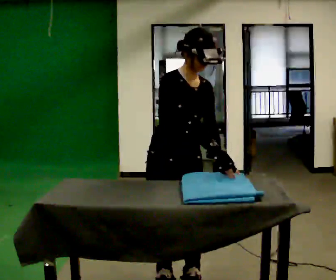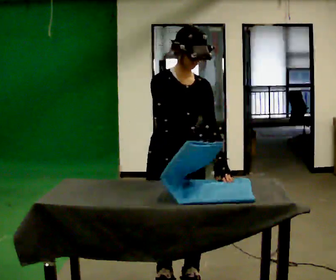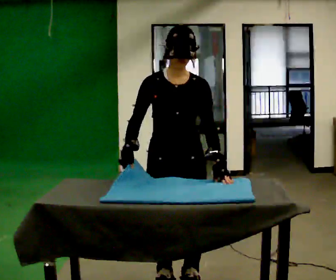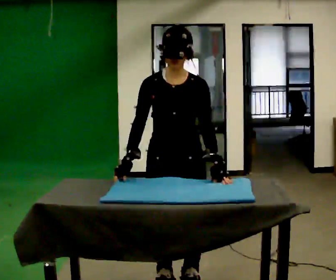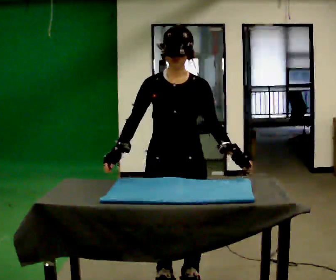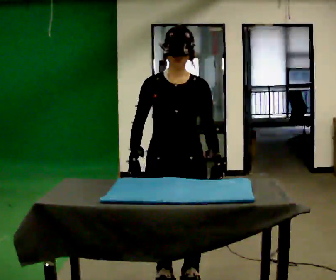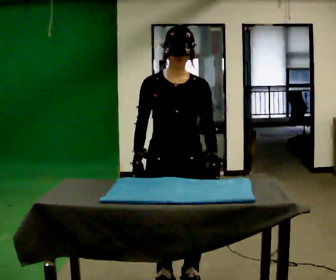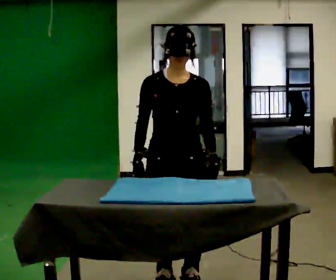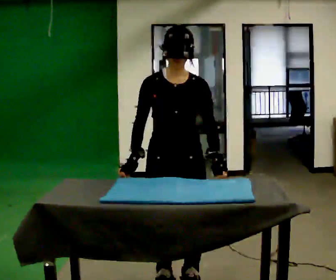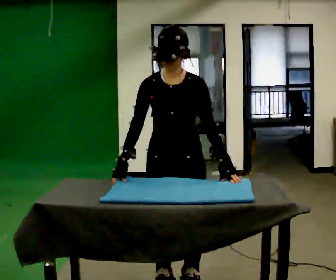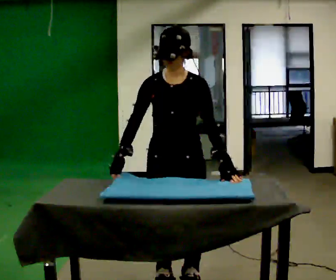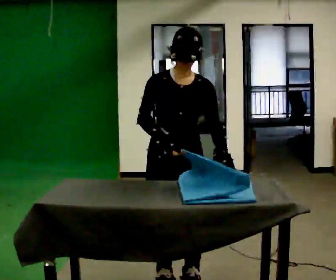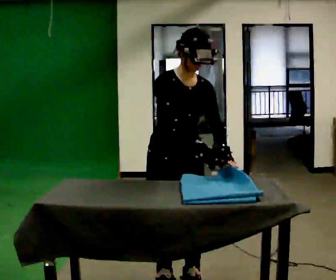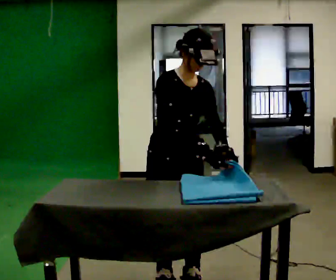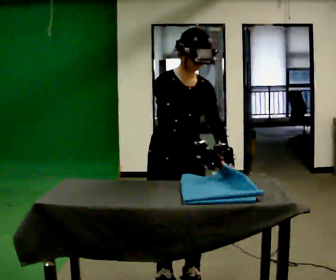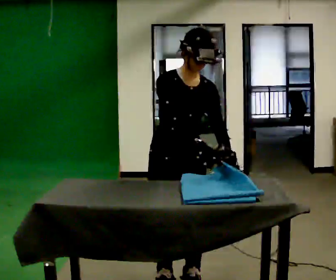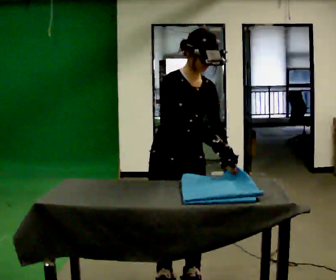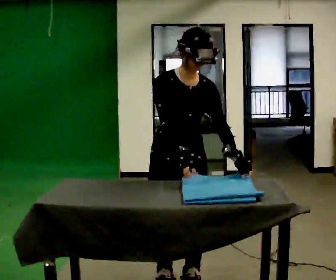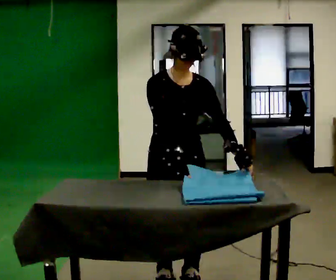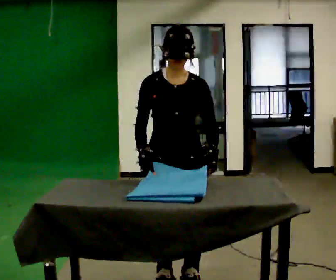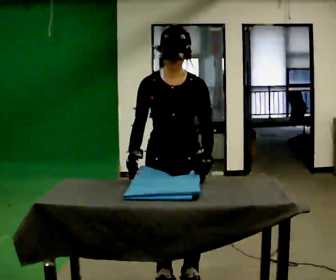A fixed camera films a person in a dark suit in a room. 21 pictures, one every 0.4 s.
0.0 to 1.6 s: The part of the body nearest the lens slides to the left as the person turns to their right by about 30 degrees. In the picture their right hand goes to the left.
1.6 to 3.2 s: The person moves a little, or ends about where they began.
3.2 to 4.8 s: In the picture their right hand goes to the right.
4.8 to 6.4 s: The person moves a little, or ends about where they began.
6.4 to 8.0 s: The person turns about 30 degrees to their right, clockwise seen from above, so the part of the body nearest the lens slides to the left. In the picture their right hand goes to the left, the arm swinging clockwise.
The film runs backward here.
